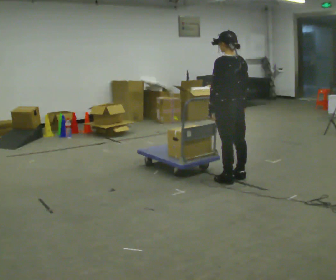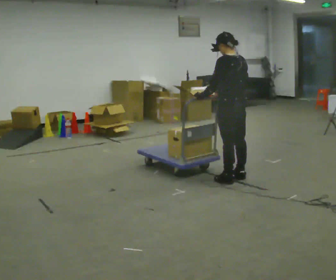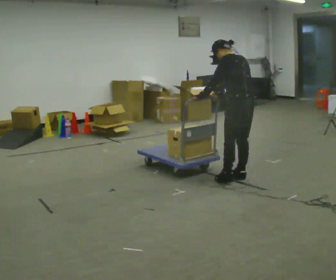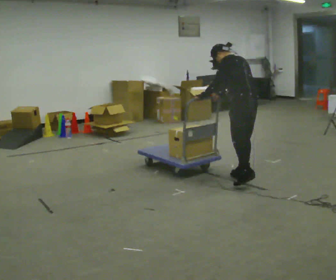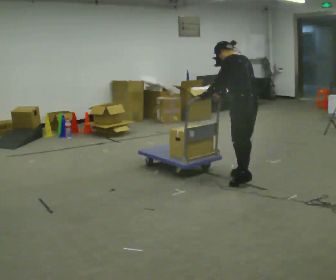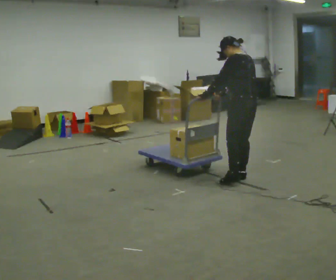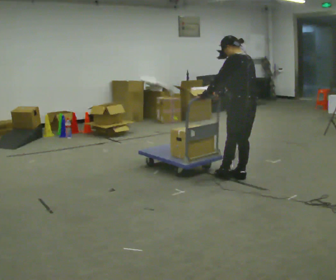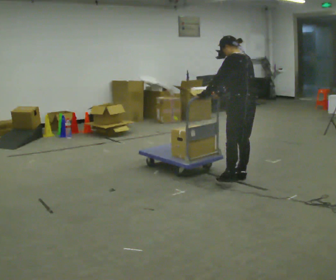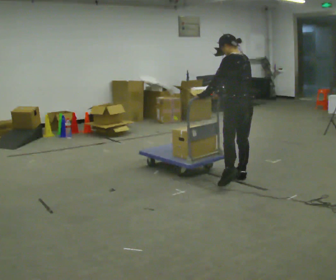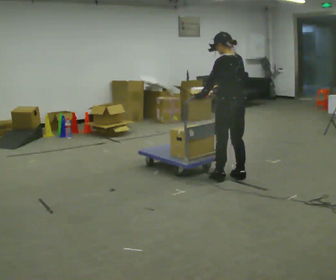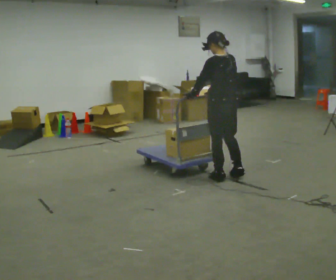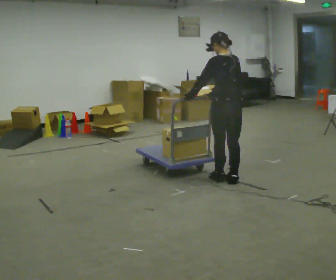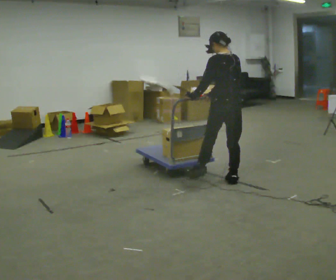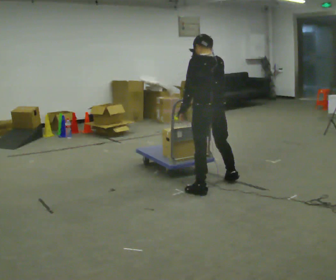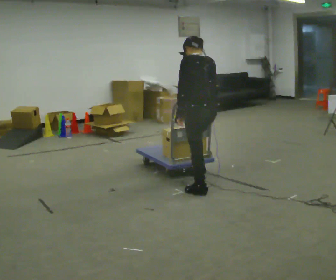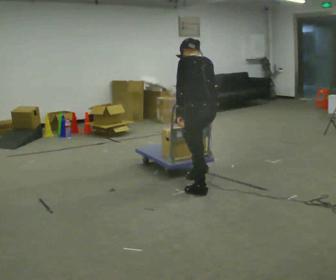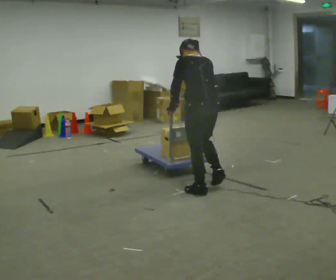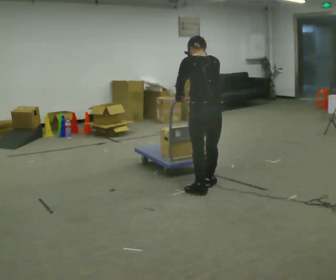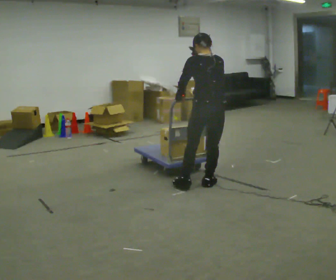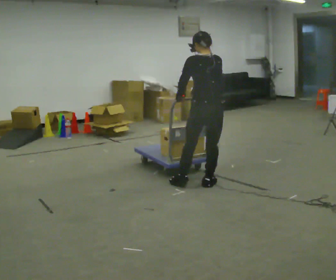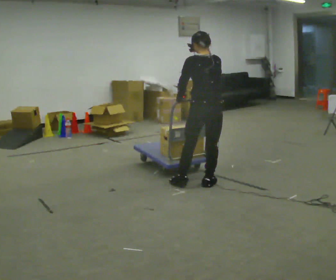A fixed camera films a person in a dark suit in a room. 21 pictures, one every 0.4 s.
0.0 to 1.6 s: In the picture they go to the right, about 0.25 m in 1 step, which for them is backward. The upper body tips away from the camera, its near side rolling upward, as they bend forward.
1.6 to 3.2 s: The person moves a little, or ends about where they began.
3.2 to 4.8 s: In the picture they go toward the camera, about 0.25 m in 2 steps, which for them is to their left.
4.8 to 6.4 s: In the picture they go toward the camera and to the left, about 0.5 m in 1 step, which for them is to their left.
6.4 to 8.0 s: In the picture they go away from the camera, about 0.25 m in 2 steps, which for them is forward and to their right.
The film runs backward here.
